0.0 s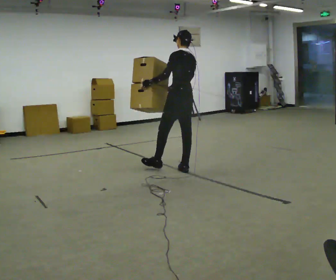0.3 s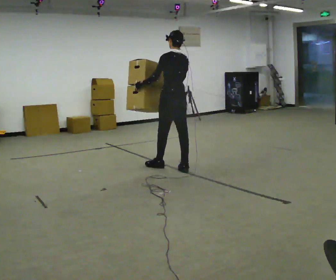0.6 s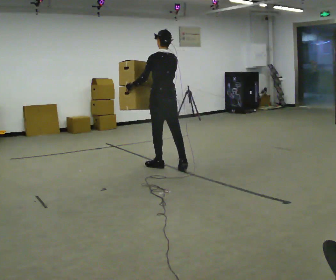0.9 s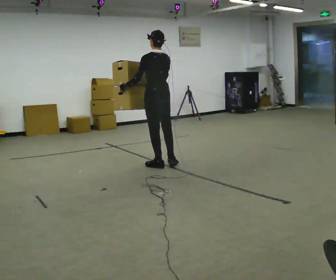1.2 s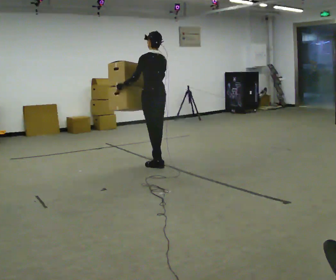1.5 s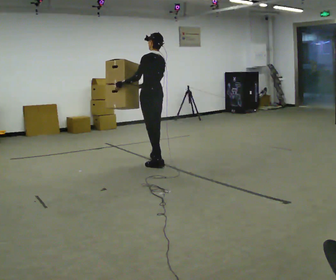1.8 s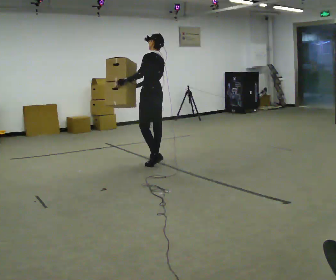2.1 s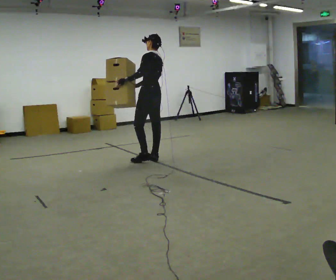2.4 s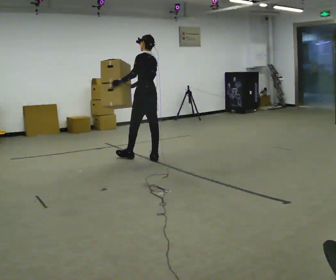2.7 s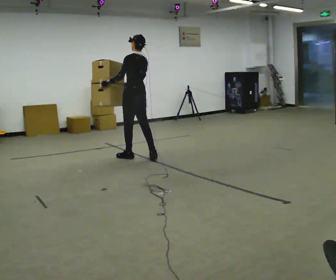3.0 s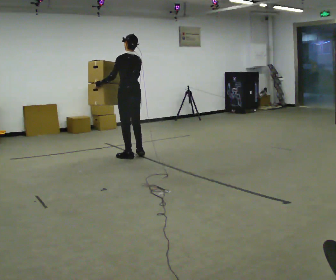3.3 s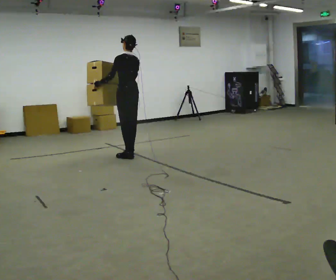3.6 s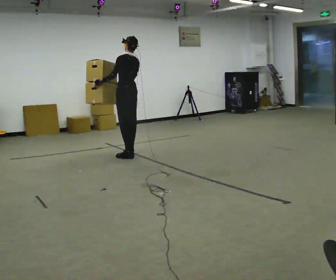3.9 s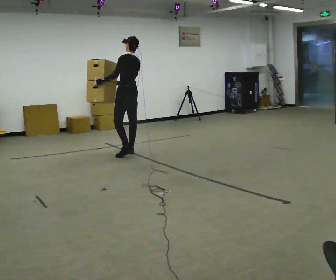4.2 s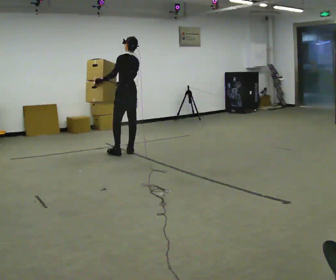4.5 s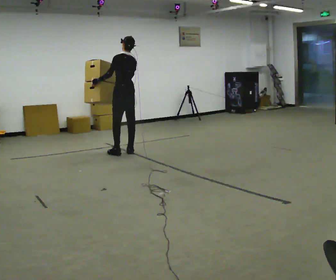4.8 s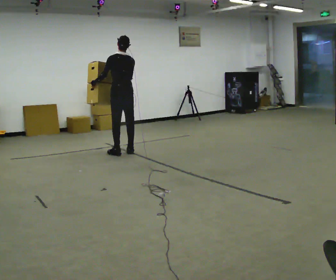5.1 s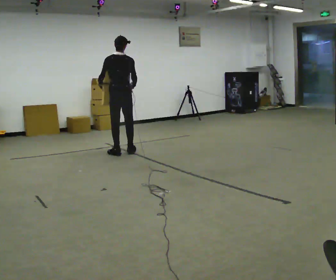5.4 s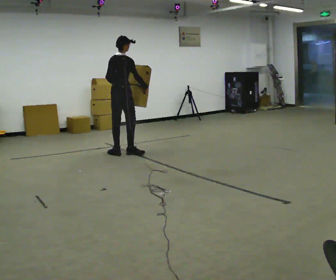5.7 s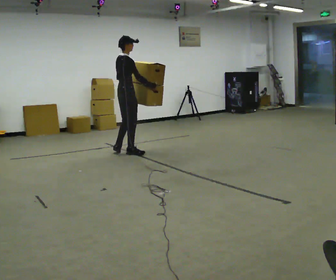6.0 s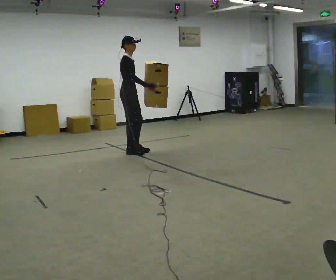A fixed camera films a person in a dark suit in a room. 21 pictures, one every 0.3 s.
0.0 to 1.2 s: In the picture they go to the left and away from the camera, about 0.5 m in 2 steps, which for them is forward and to their left.
1.2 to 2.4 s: In the picture they go away from the camera, about 0.25 m in 1 step, which for them is forward and to their right.
2.4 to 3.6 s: In the picture they go away from the camera and to the left, about 0.5 m in 1 step, which for them is forward.
3.6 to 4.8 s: The part of the body nearest the lens slides to the left as the person turns to their right by about 30 degrees.
4.8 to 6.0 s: Seen from above the body turns clockwise, about 120 degrees: to their right, with its near side sliding to the left. In the picture their left hand goes to the right, the arm swinging counterclockwise.
The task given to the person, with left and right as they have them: Carry the large light object across the room, back and forth. It is awkward rather than heavy, so hold it however works.
The film runs forward here.
